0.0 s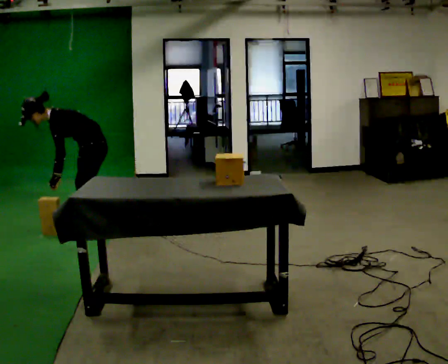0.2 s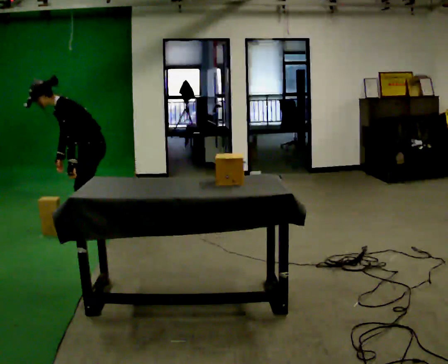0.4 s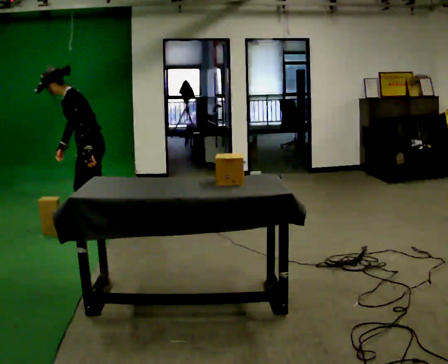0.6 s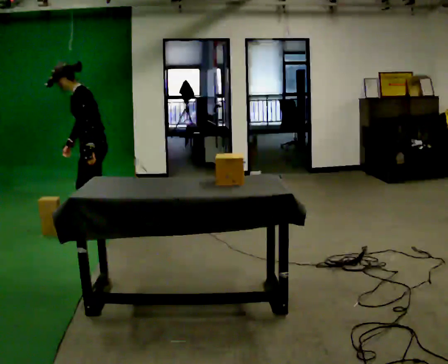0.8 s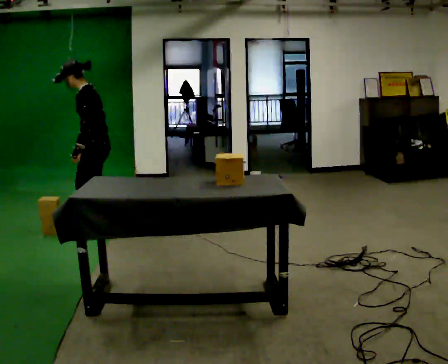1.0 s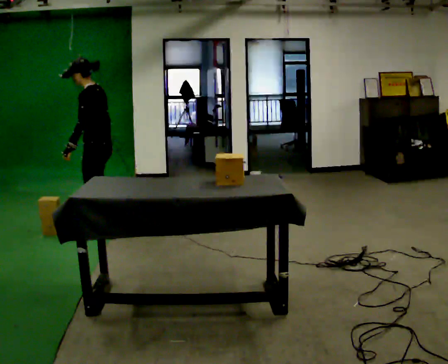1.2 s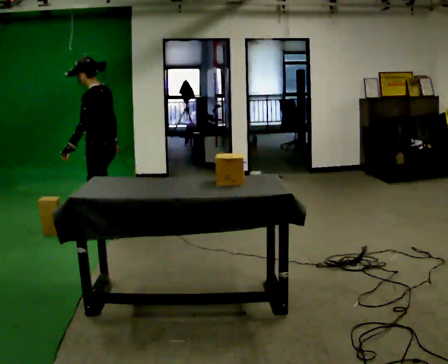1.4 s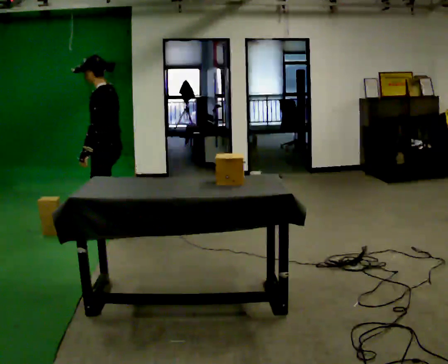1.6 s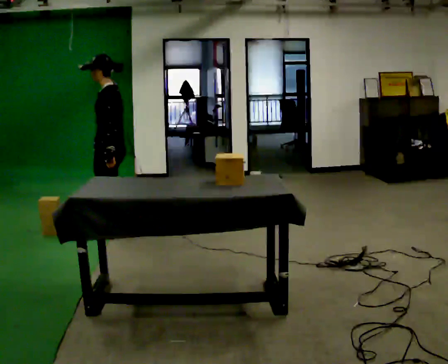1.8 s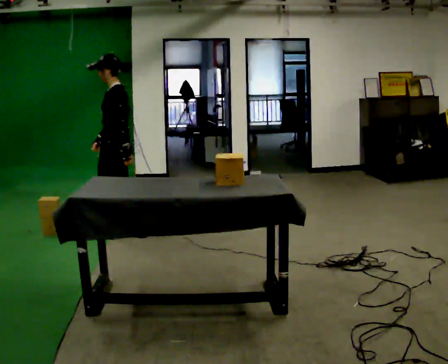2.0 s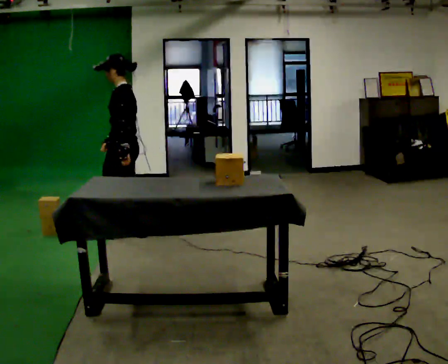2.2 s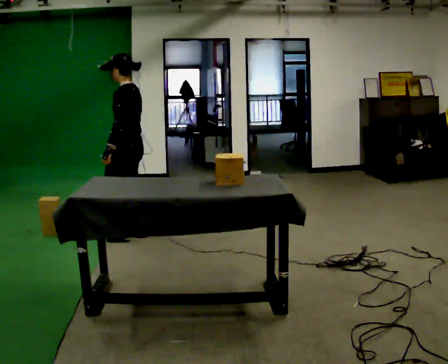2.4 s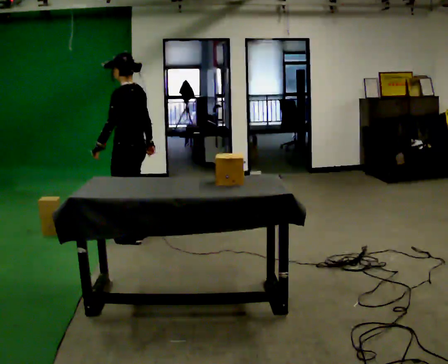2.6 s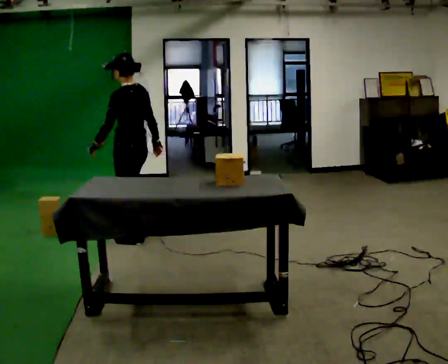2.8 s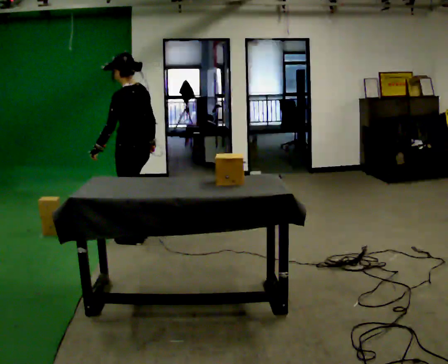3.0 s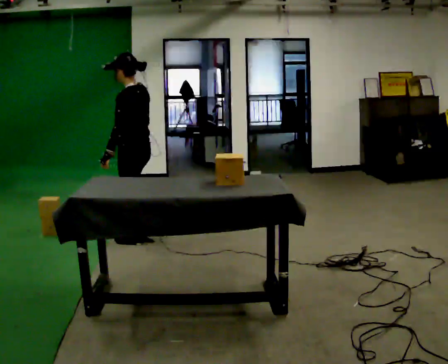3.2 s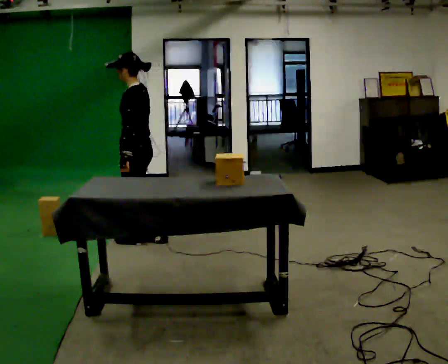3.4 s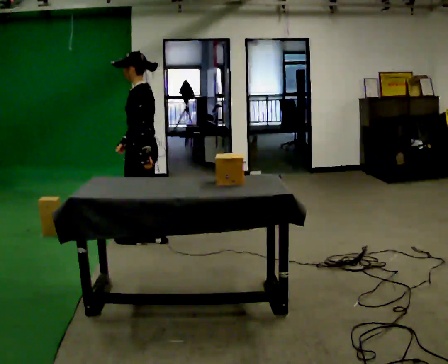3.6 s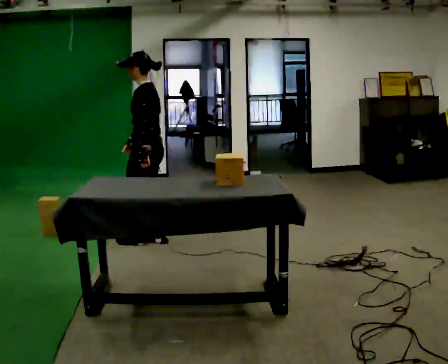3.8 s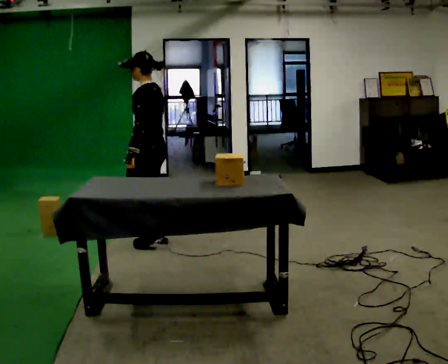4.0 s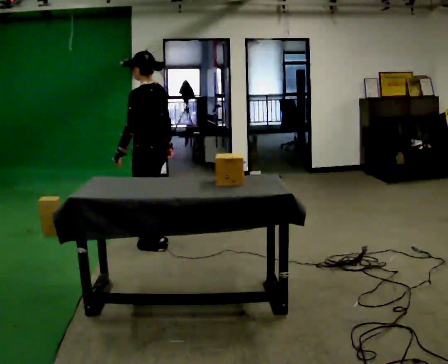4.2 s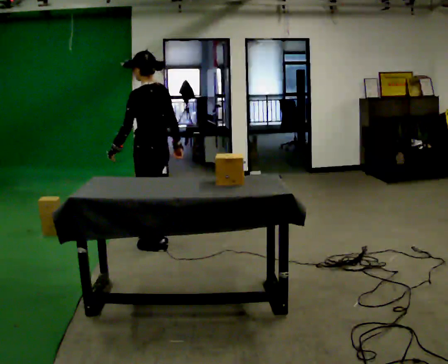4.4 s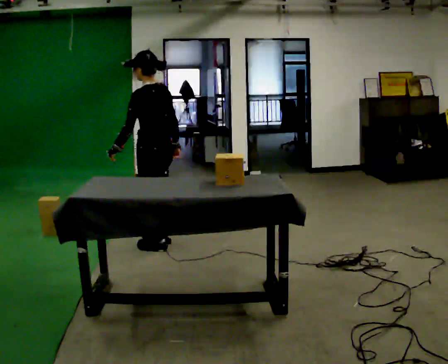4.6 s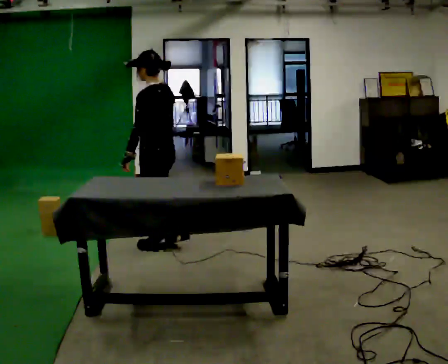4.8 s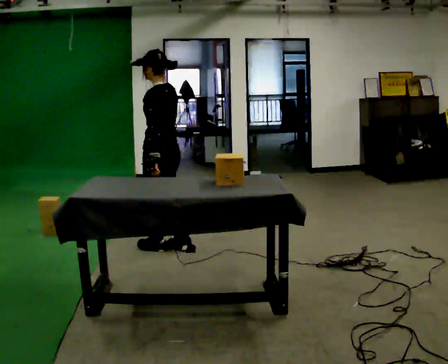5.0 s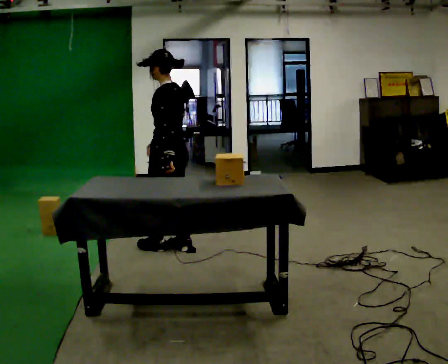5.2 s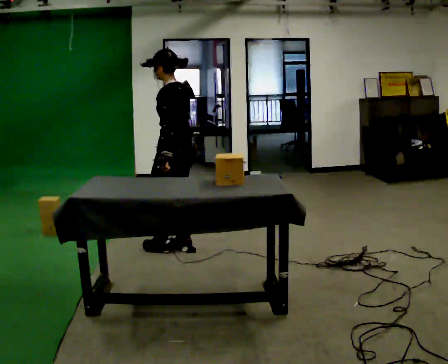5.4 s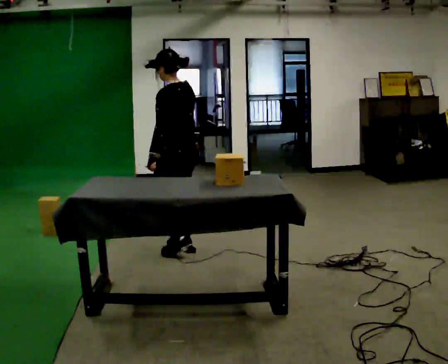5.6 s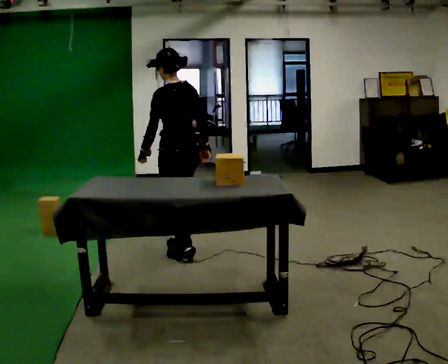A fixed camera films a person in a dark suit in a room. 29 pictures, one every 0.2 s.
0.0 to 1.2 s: The upper body goes upward. In the picture the upper body tilts clockwise, shoulders to the right, as they lean back or straighten.
1.2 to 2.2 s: In the picture they go to the right, about 0.25 m in 2 steps, which for them is backward.
2.2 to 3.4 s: In the picture they go toward the camera, about 0.25 m in 1 step, which for them is backward.
3.4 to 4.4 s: In the picture they go toward the camera, about 0.25 m in 2 steps, which for them is backward and to their left.
4.4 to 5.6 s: In the picture they go toward the camera and to the right, about 0.25 m in 1 step, which for them is backward.
The film runs backward here.
